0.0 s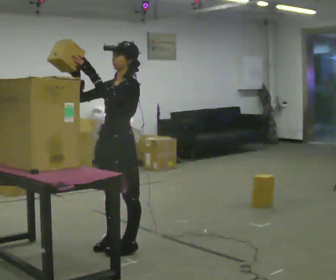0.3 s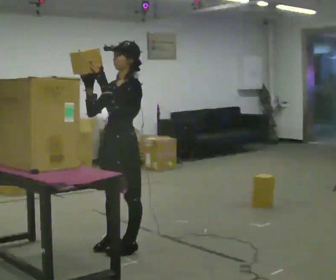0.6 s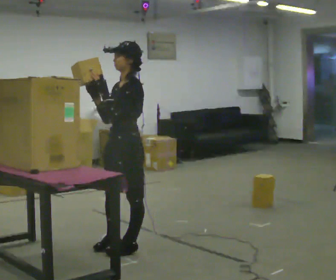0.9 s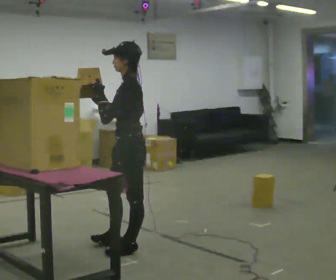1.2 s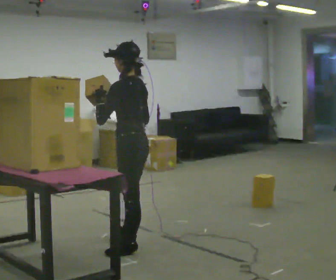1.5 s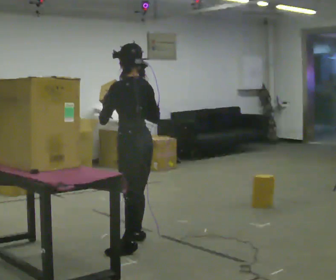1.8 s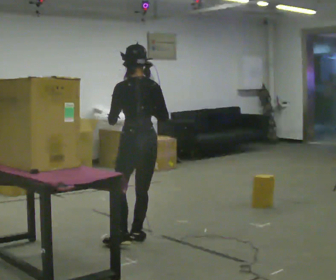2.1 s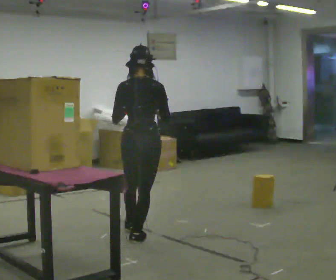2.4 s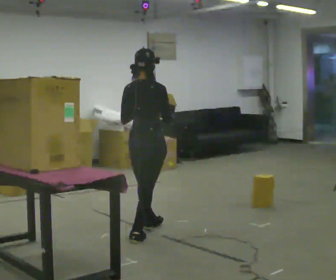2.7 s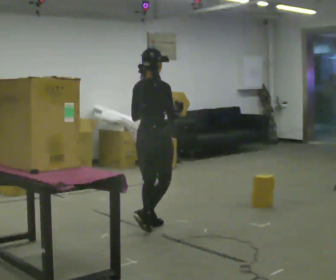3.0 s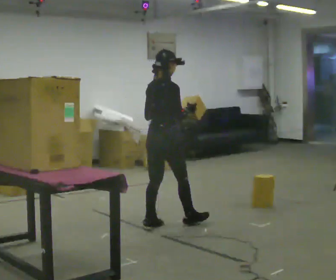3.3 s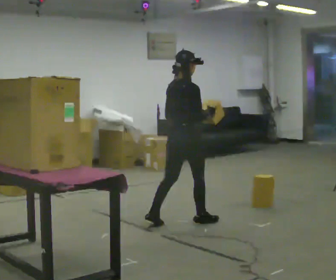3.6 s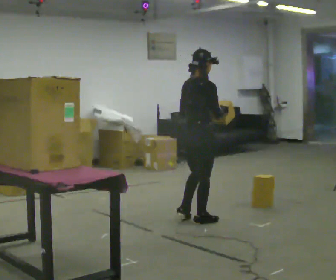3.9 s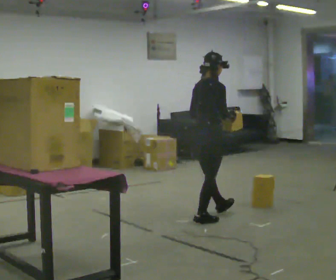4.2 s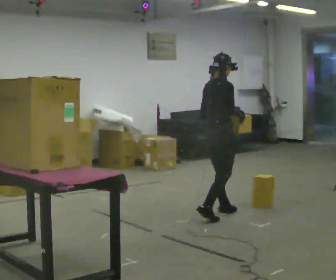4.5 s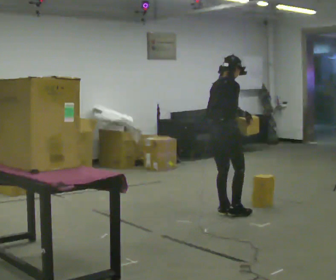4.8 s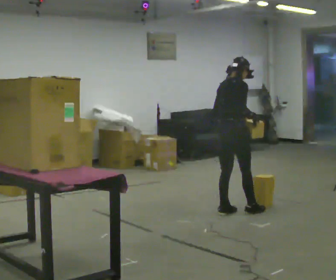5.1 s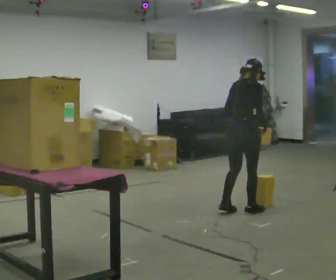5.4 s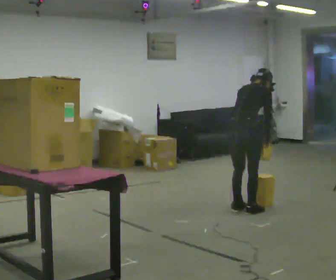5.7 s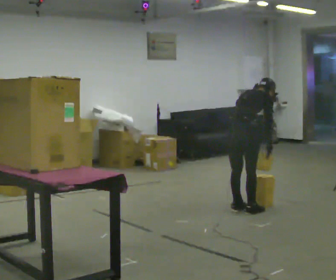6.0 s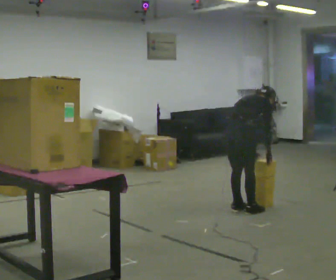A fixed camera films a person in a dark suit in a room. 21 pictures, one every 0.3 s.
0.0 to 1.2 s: The part of the body nearest the lens slides to the left as the person turns to their right by about 75 degrees. In the picture their right hand goes to the right.
1.2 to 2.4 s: The person turns about 90 degrees to their right, clockwise seen from above, so the part of the body nearest the lens slides to the left. In the picture they go away from the camera, about 0.5 m in 2 steps.
2.4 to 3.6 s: In the picture they go to the right and away from the camera, about 0.5 m in 1 step, which for them is forward.
3.6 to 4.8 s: In the picture they go to the right and away from the camera, about 0.5 m in 2 steps, which for them is forward.
4.8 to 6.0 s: The shoulders move downward. In the picture the upper body tilts clockwise, shoulders to the right, as they bend forward. In the picture their left hand goes downward.
The film runs forward here.
